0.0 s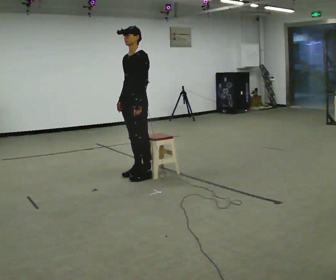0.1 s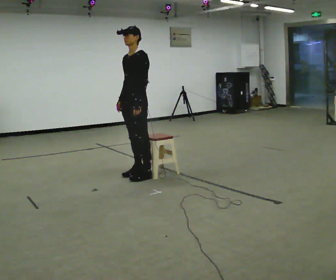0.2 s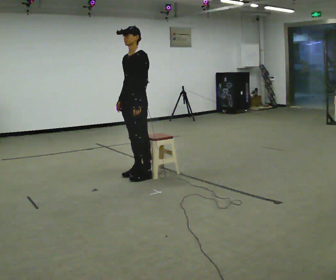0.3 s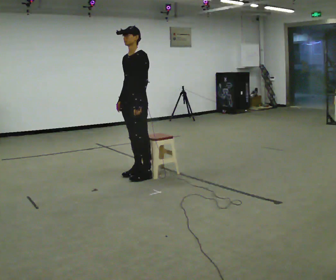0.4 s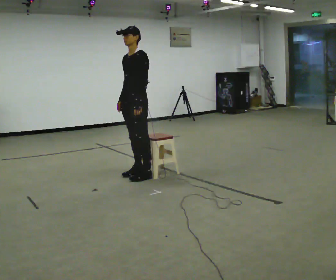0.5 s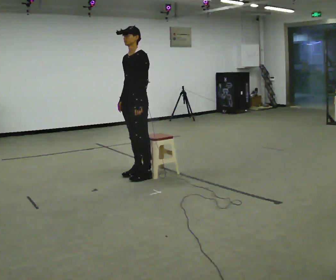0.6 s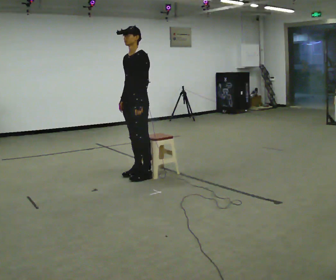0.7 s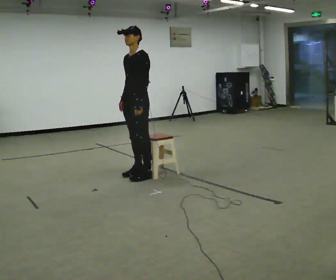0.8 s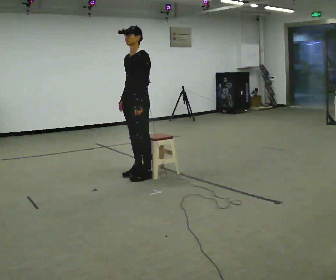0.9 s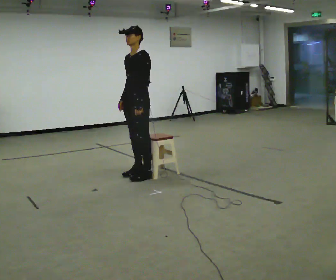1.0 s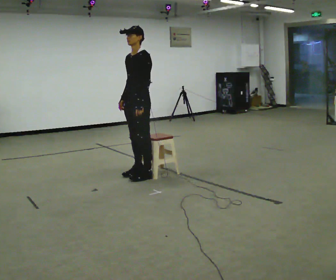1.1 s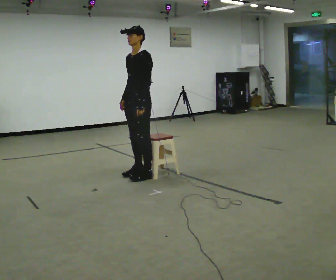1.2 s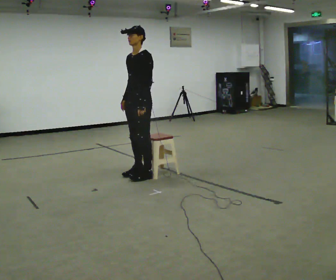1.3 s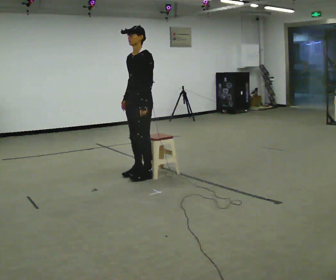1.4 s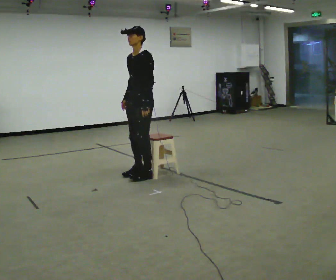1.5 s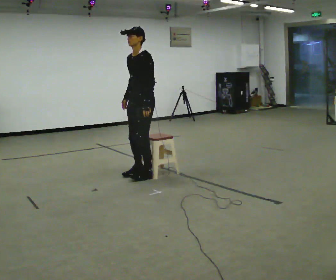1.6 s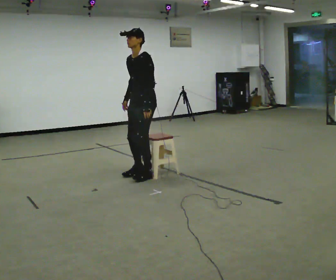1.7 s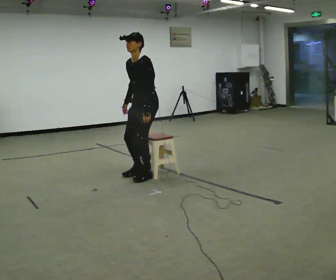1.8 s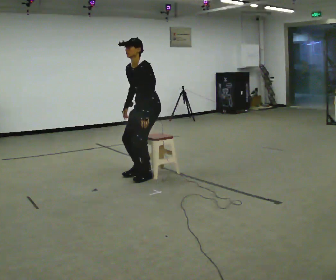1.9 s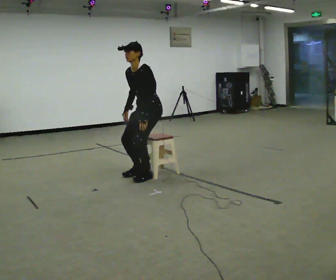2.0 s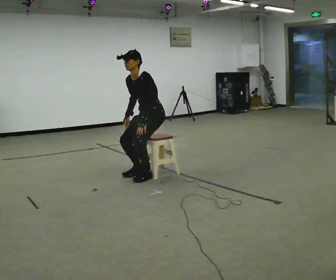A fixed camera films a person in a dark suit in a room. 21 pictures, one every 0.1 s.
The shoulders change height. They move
downward.
The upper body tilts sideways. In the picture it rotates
counterclockwise.
0.0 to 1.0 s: The person moves a little, or ends about where they began.
1.0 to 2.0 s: In the picture they go to the right, about 0.25 m, which for them is backward. The upper body goes downward. In the picture the upper body tilts counterclockwise, shoulders to the left, as they bend forward.
The film runs backward here.
